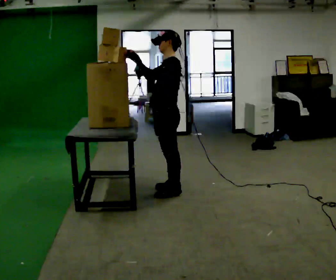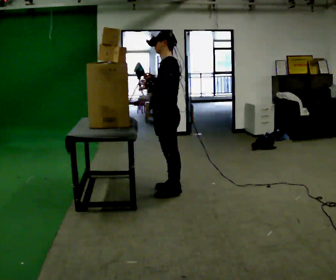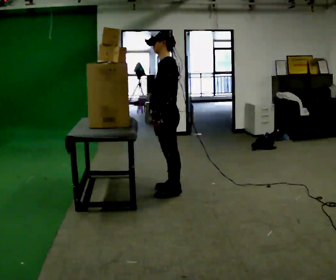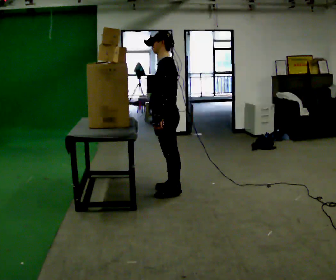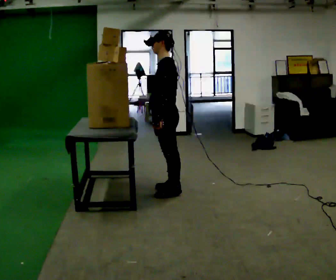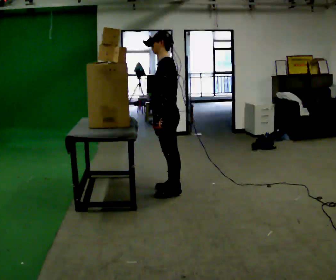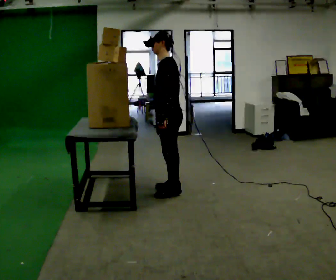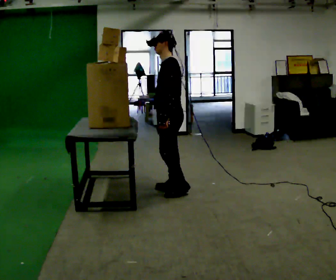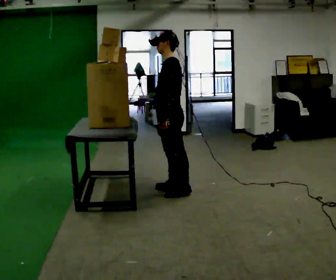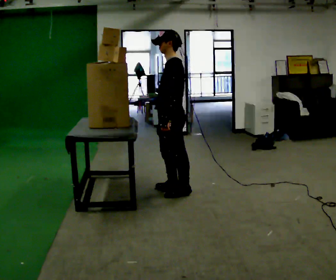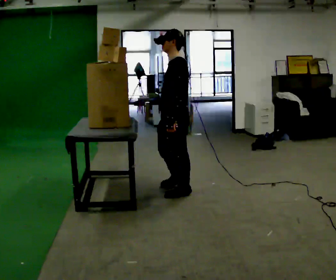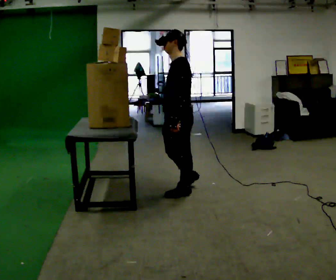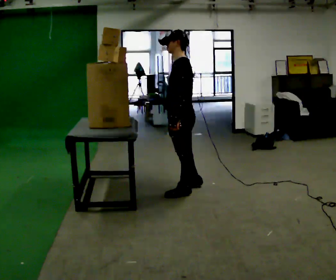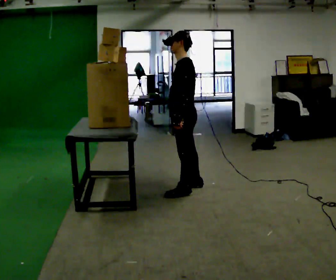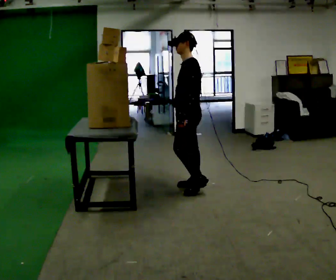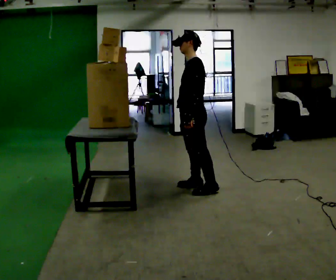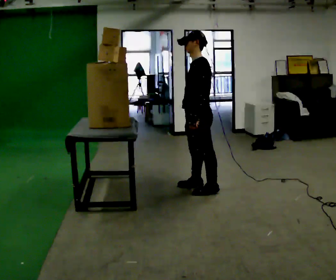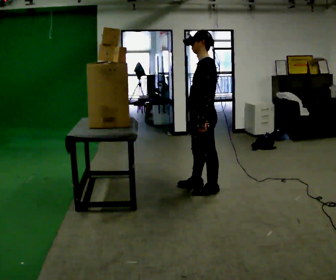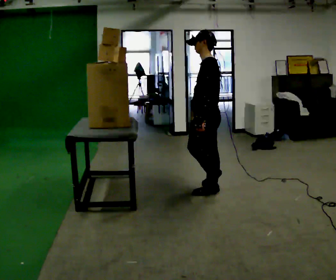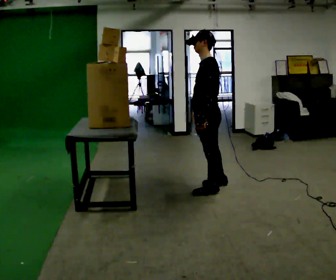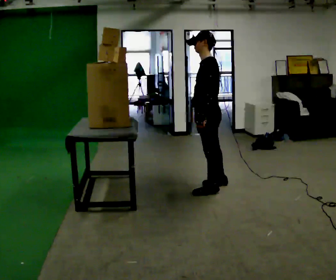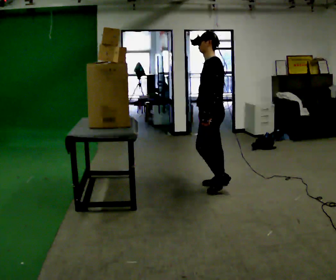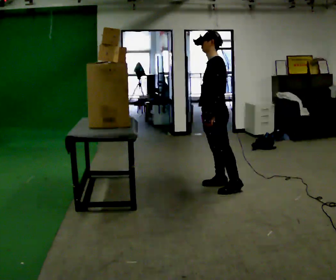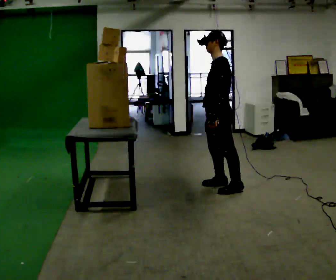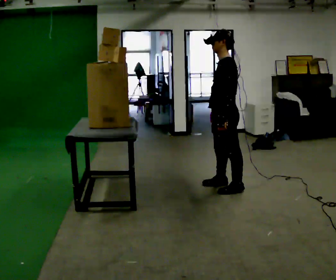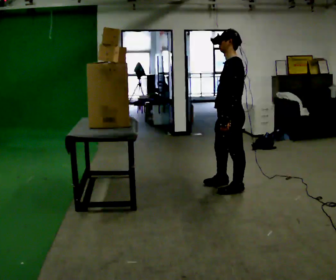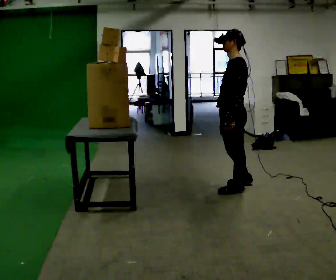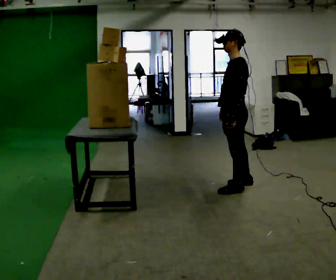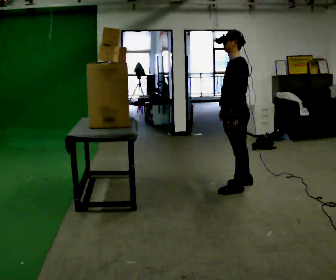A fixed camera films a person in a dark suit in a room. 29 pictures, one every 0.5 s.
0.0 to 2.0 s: In the picture their right hand goes downward.
2.0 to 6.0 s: In the picture they go to the right, about 0.25 m in 1 step, which for them is backward.
6.0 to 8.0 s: In the picture they go to the right, about 0.25 m in 1 step, which for them is backward.
8.0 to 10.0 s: The person moves a little, or ends about where they began.
10.0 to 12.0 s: In the picture they go to the right, about 0.25 m in 1 step, which for them is backward.
12.0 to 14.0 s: The person moves a little, or ends about where they began.
The film runs backward here.
